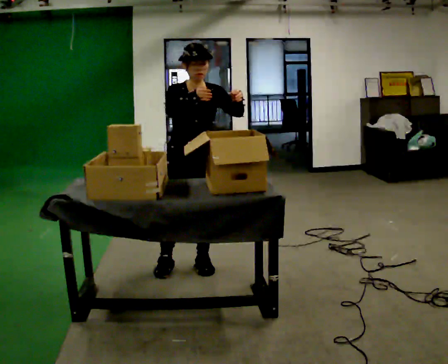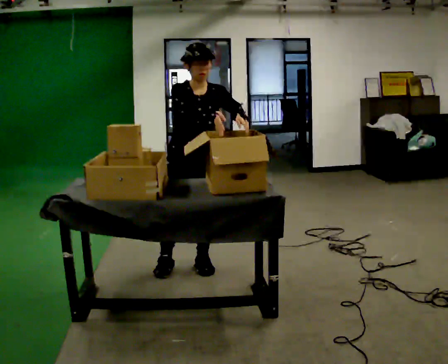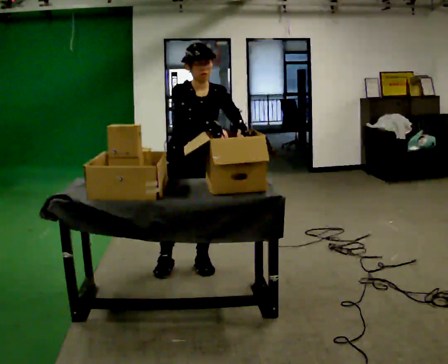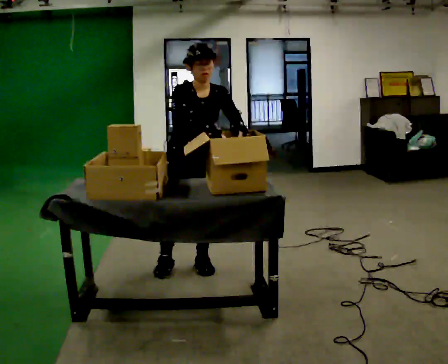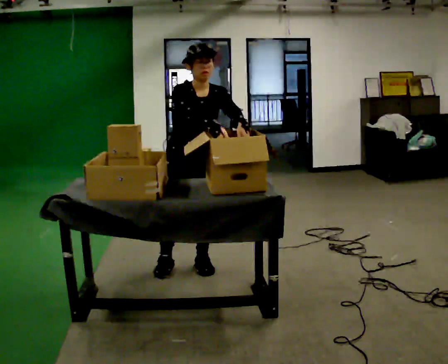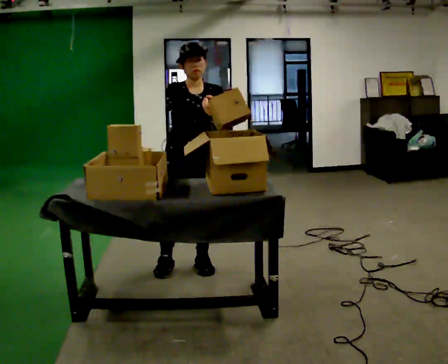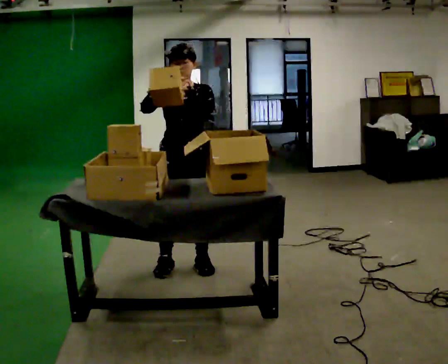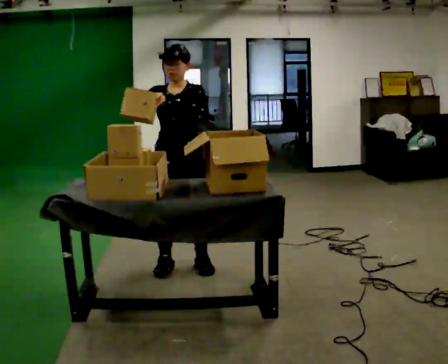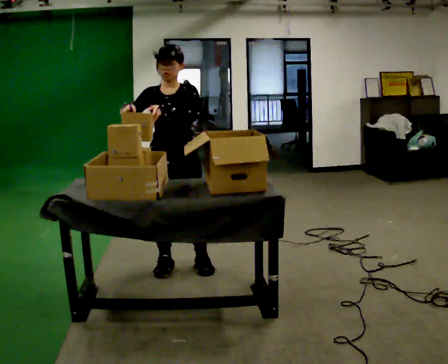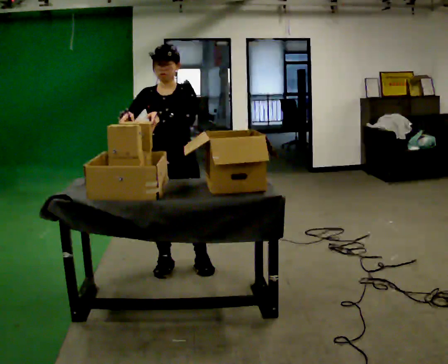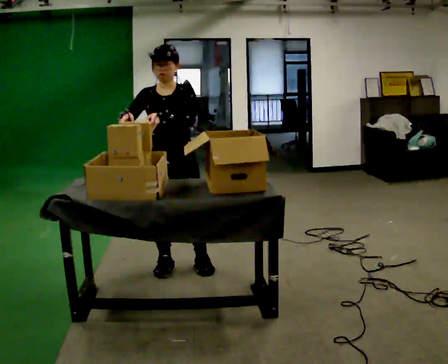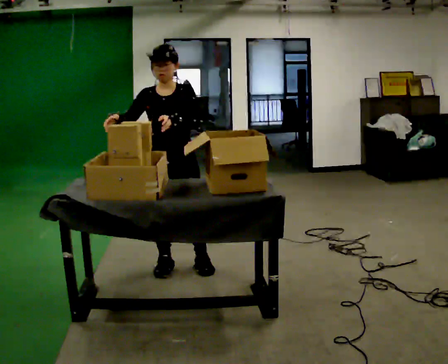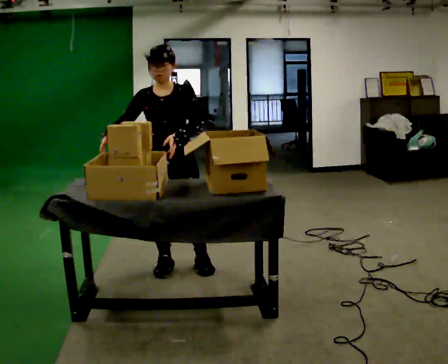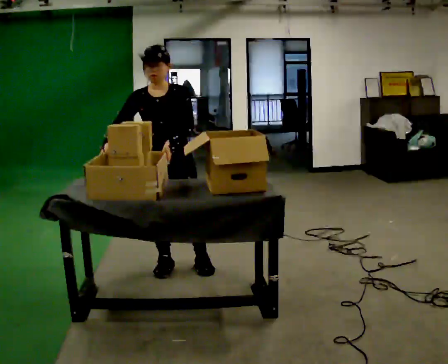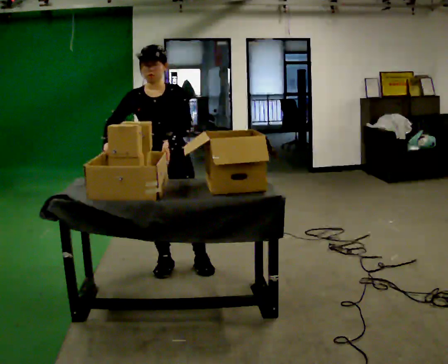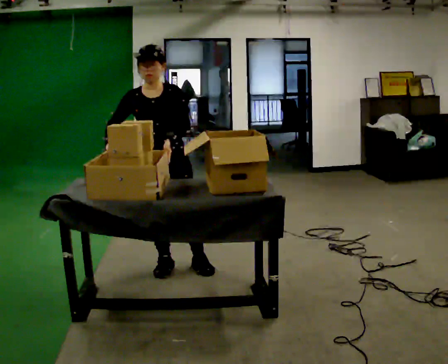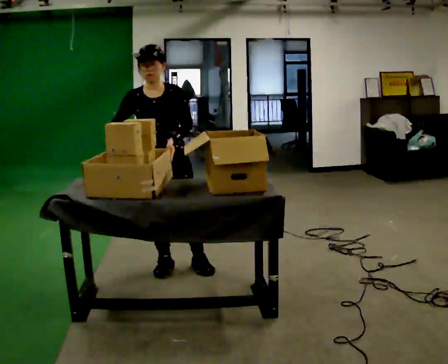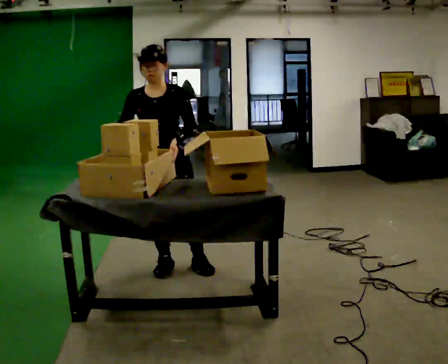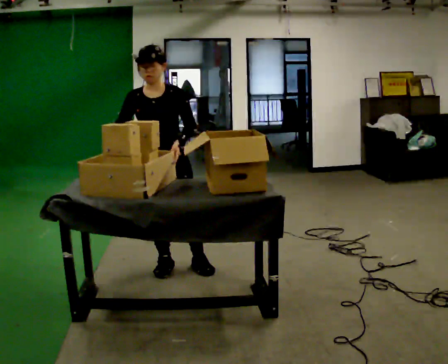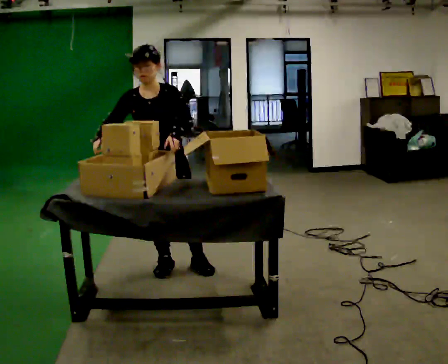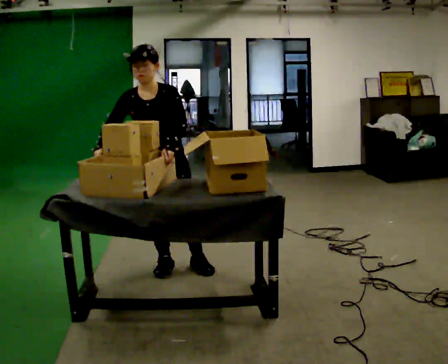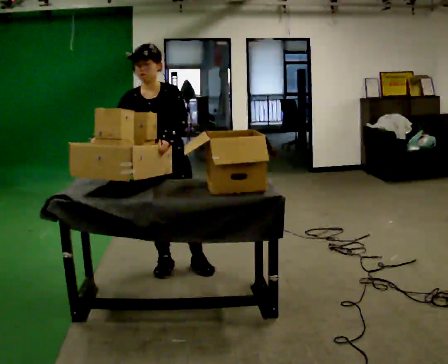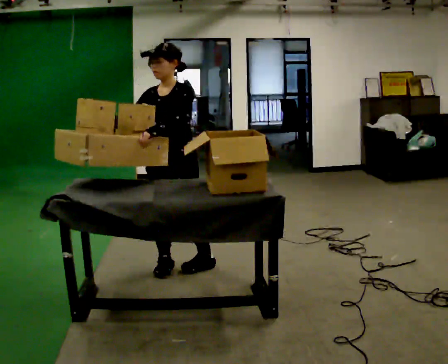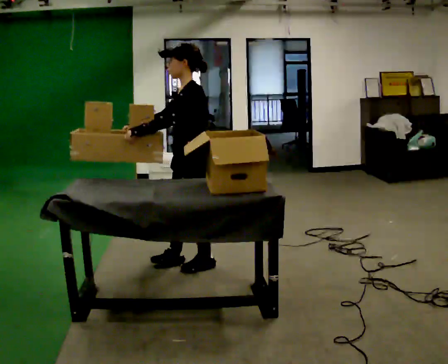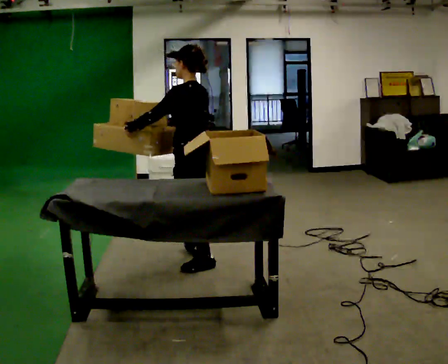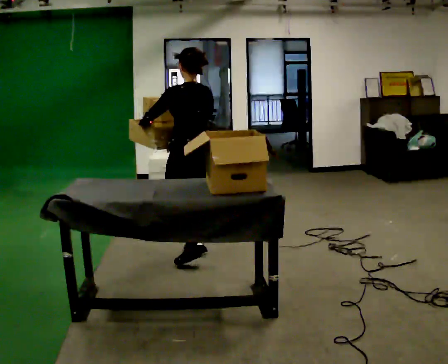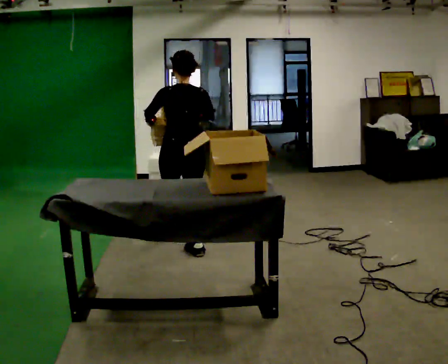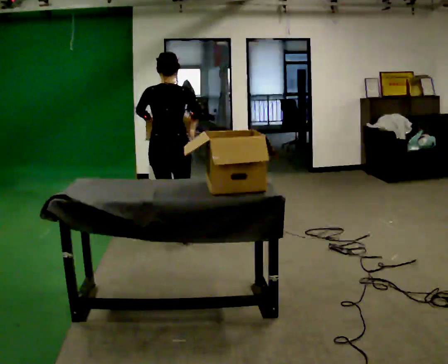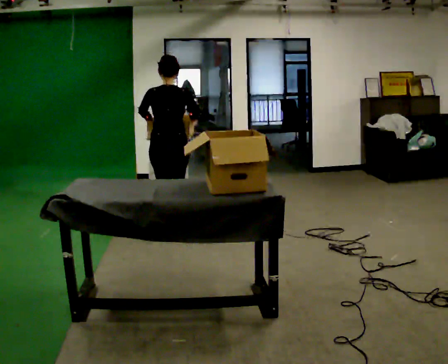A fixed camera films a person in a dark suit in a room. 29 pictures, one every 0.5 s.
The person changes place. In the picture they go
away from the camera.
0.0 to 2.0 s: The person moves a little, or ends about where they began.
2.0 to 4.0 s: The upper body tips away from the camera, its near side rolling upward, as they lean back or straighten. In the picture their right hand goes to the left.
4.0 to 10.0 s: The person moves a little, or ends about where they began.
10.0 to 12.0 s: The part of the body nearest the lens slides to the left as the person turns to their right by about 120 degrees. In the picture they go to the right, about 0.25 m in 1 step.
12.0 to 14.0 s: The person turns about 60 degrees to their right, clockwise seen from above, so the part of the body nearest the lens slides to the left. In the picture they go away from the camera, about 1 m in 2 steps.
The film runs forward here.
